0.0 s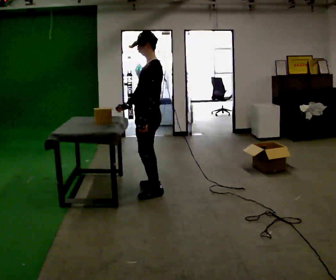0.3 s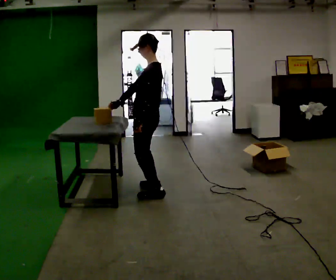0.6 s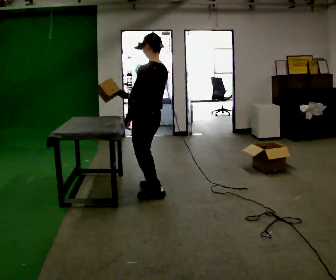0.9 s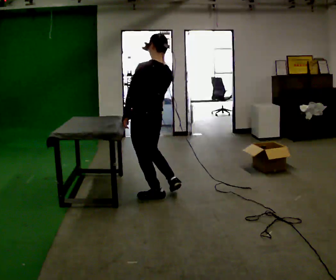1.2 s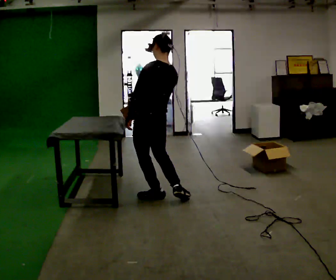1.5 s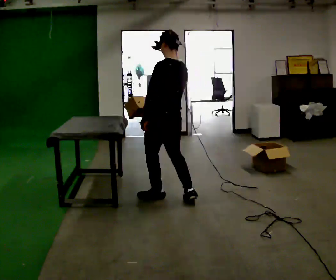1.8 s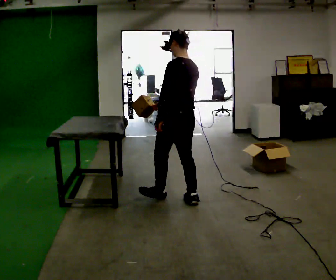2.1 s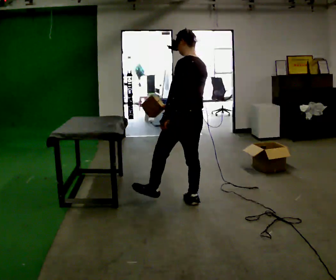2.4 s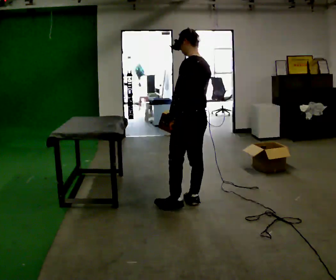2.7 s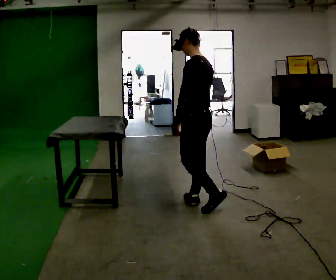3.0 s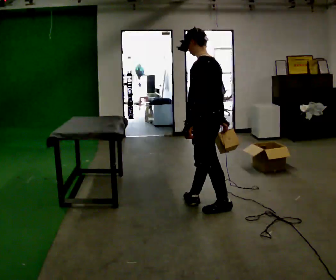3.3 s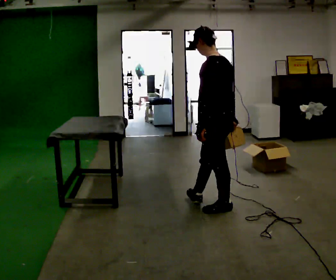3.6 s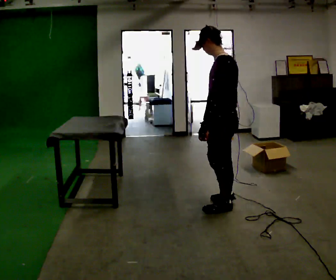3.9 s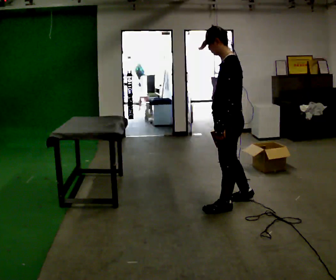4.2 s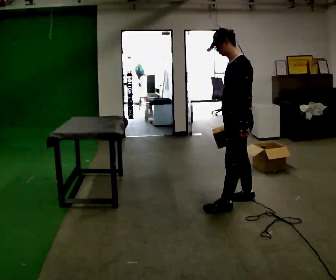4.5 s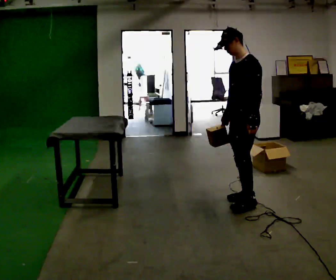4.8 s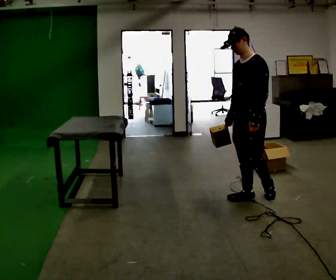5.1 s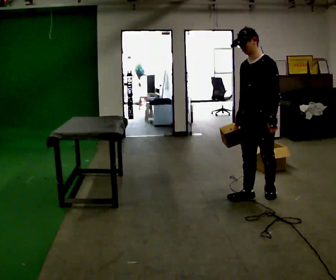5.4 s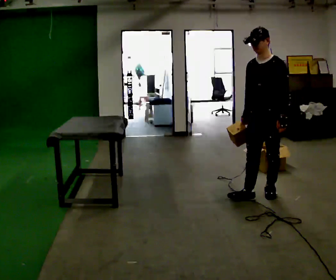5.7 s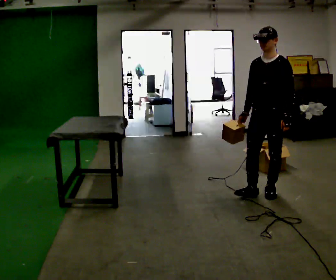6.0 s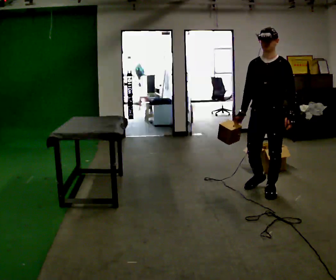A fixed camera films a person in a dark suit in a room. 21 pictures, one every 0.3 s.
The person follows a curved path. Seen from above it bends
counterclockwise.
The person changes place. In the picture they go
to the right.
0.0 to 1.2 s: Seen from above the body turns clockwise, about 60 degrees: to their right, with its near side sliding to the left. In the picture they go toward the camera, about 0.25 m in 1 step, which for them is to their left.
1.2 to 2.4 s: In the picture they go to the right, about 0.5 m in 1 step, which for them is backward.
2.4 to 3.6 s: In the picture they go to the right and toward the camera, about 0.25 m in 1 step, which for them is backward and to their left.
3.6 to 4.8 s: Seen from above the body turns counterclockwise, about 60 degrees: to their left, with its near side sliding to the right. In the picture they go to the right and away from the camera, about 0.25 m in 1 step, which for them is backward and to their right.
4.8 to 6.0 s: In the picture they go to the right and away from the camera, about 0.25 m in 1 step, which for them is backward.
The film runs backward here.
